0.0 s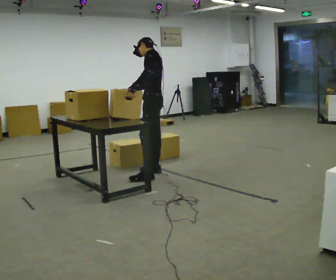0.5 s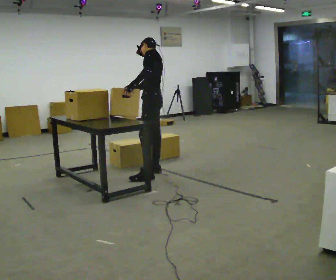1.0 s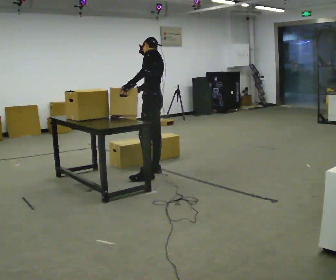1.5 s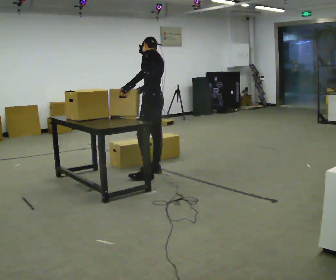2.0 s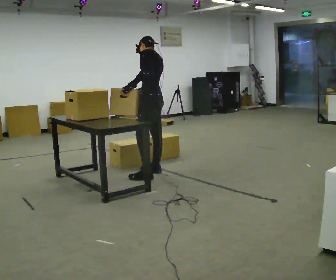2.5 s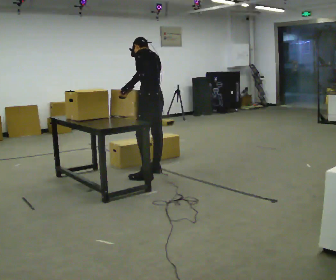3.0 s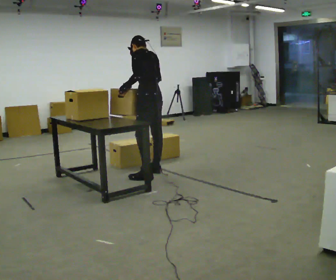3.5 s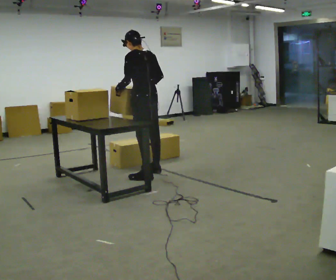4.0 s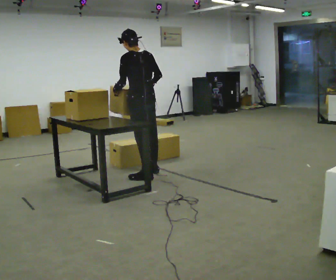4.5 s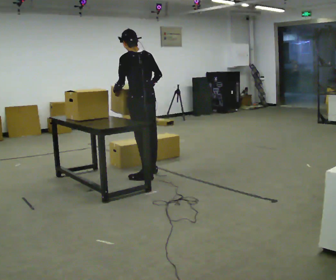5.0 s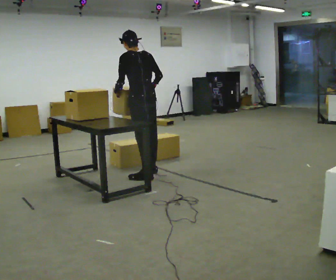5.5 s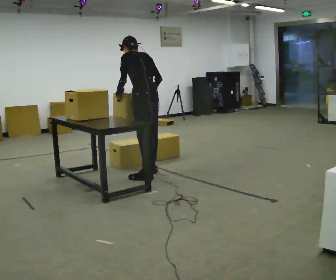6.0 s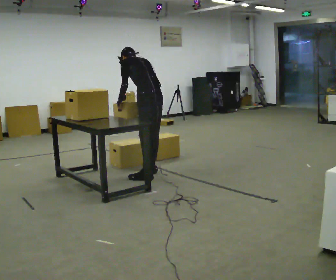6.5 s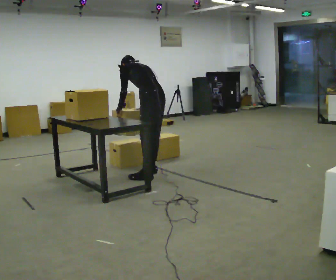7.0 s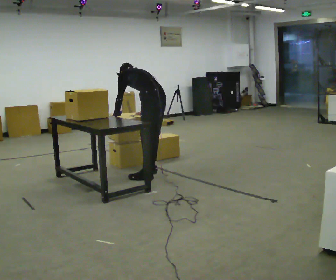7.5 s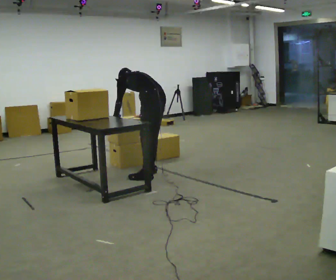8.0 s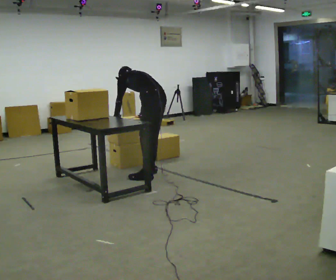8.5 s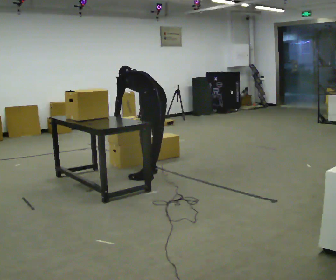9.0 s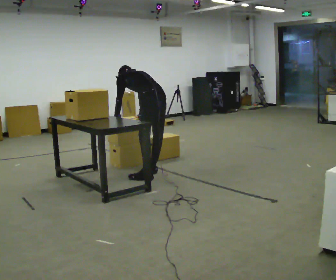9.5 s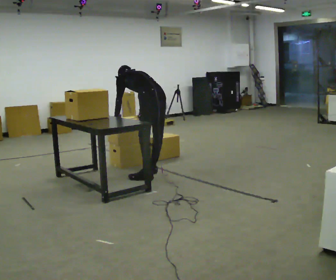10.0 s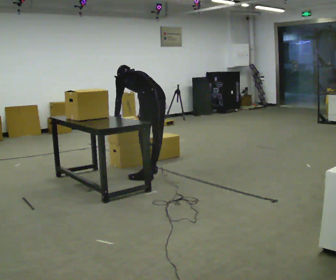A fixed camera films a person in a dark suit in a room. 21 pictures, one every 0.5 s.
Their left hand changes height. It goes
downward.
0.0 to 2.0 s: The person moves a little, or ends about where they began.
2.0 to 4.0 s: The person turns about 30 degrees to their right, clockwise seen from above, so the part of the body nearest the lens slides to the left. In the picture they go toward the camera, about 0.25 m, which for them is to their left.
4.0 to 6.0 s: The upper body tips away from the camera, its near side rolling upward, as they bend forward.
6.0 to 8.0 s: The shoulders move downward. The upper body tips away from the camera, its near side rolling upward, as they bend forward.
8.0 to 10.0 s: The person moves a little, or ends about where they began.
The film runs forward here.
